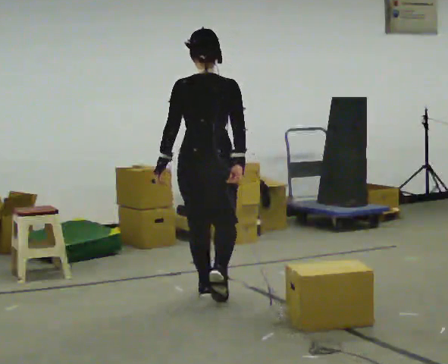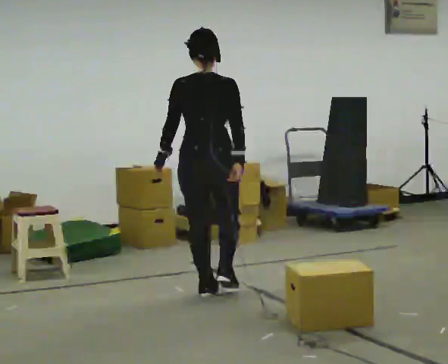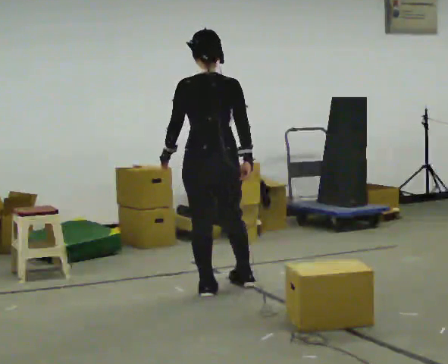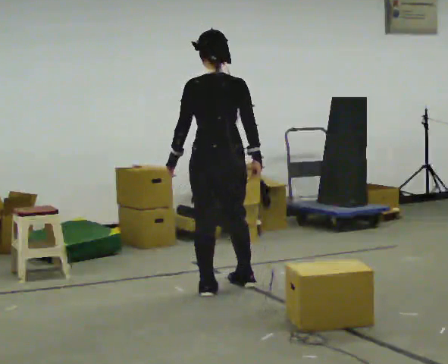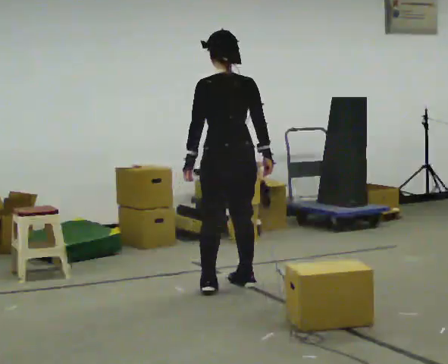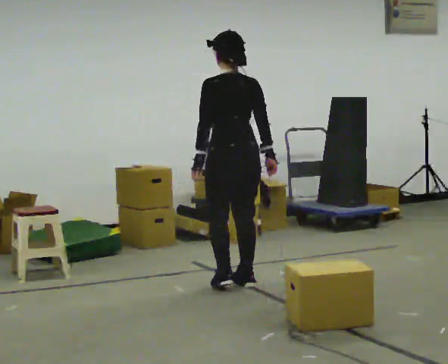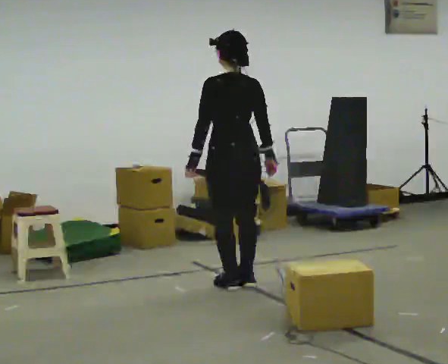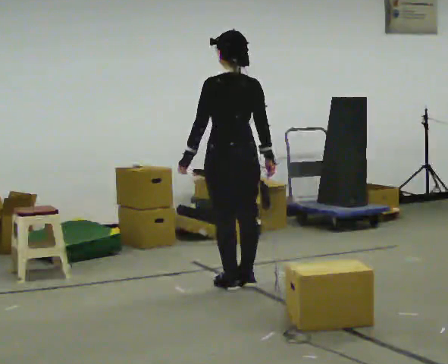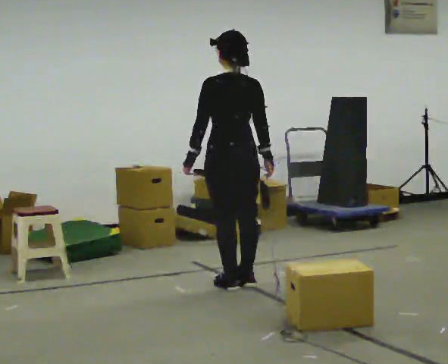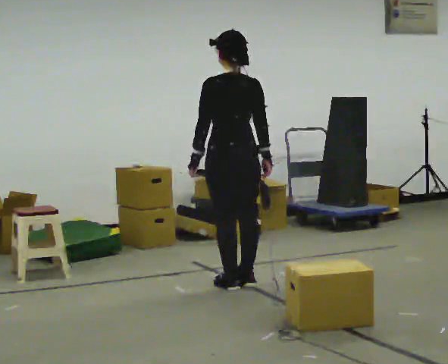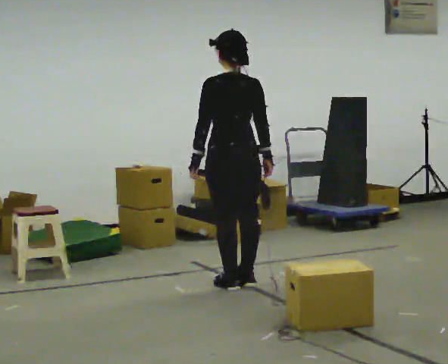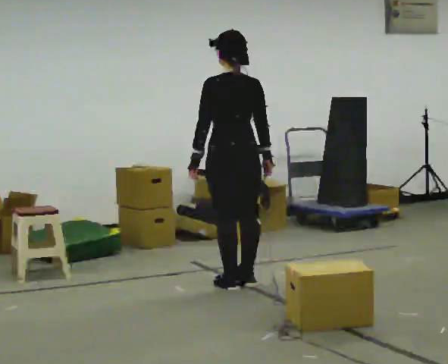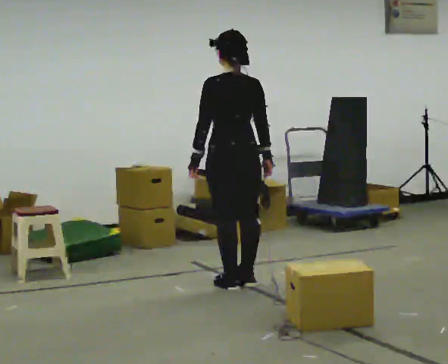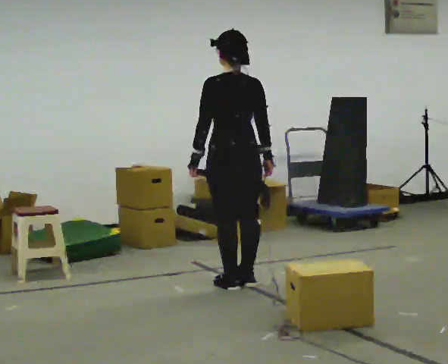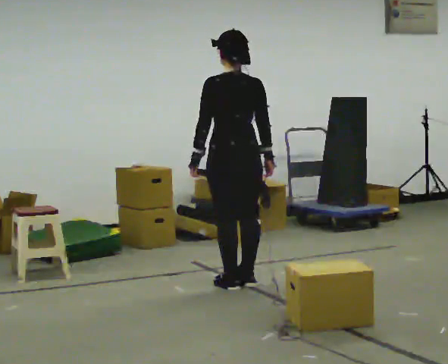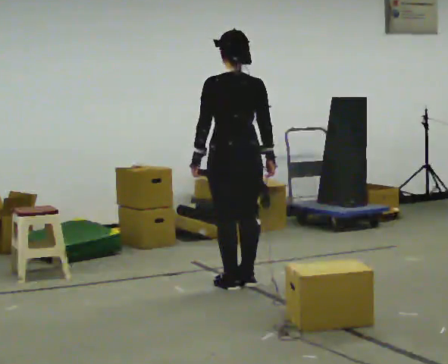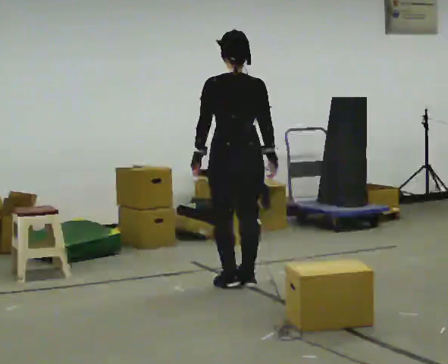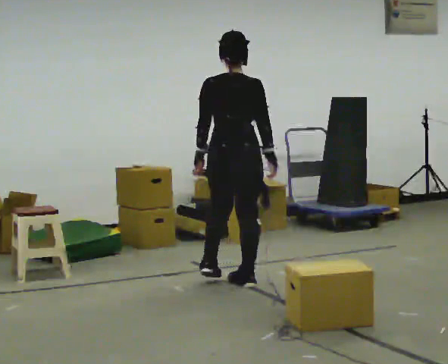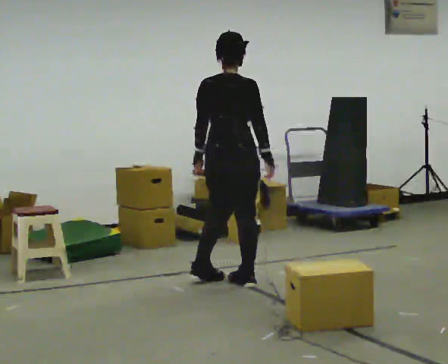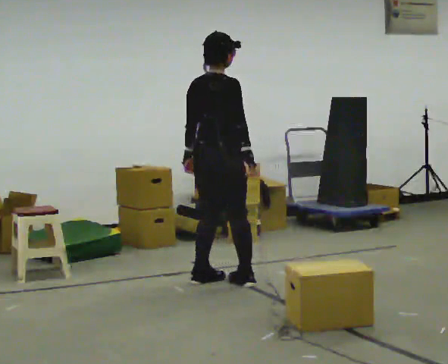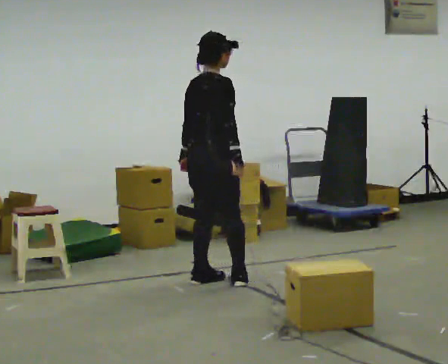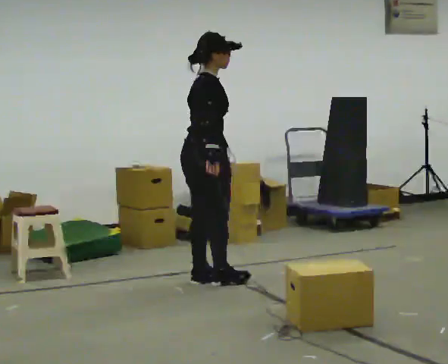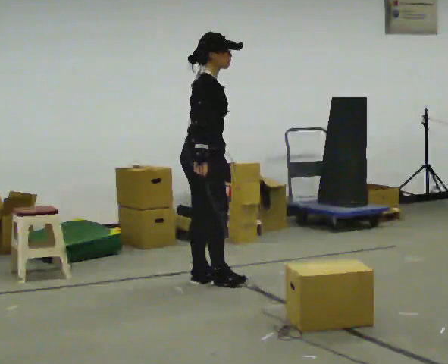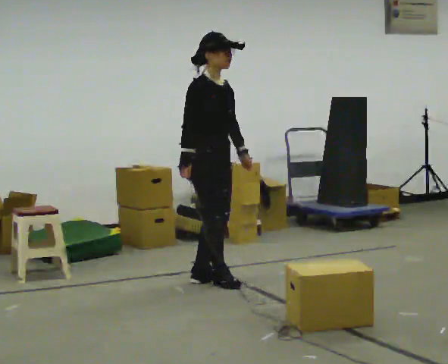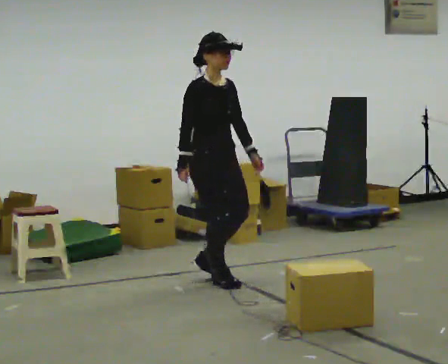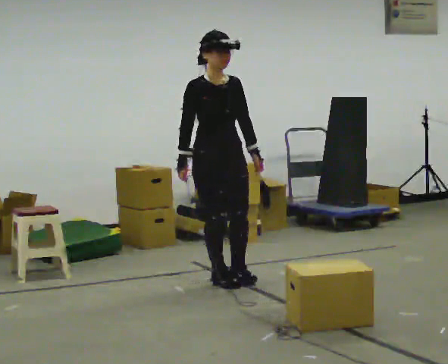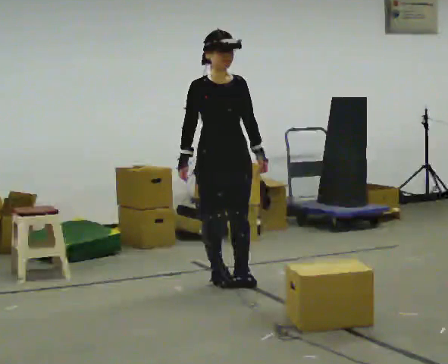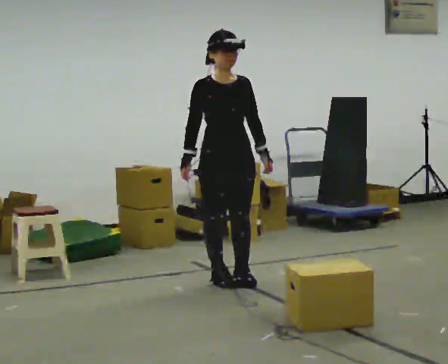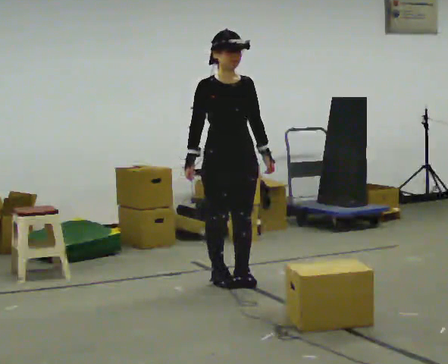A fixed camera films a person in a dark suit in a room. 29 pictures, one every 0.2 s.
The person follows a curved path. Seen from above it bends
counterclockwise.
0.0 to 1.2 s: The part of the body nearest the lens slides to the right as the person turns to their left by about 30 degrees. In the picture they go away from the camera, about 0.25 m in 2 steps, which for them is to their right and forward.
1.2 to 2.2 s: The person moves a little, or ends about where they began.
2.2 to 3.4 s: The person turns about 30 degrees to their right, clockwise seen from above, so the part of the body nearest the lens slides to the left.
3.4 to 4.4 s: The part of the body nearest the lens slides to the left as the person turns to their right by about 90 degrees. In the picture they go to the left, about 0.25 m in 2 steps. In the picture their right hand goes to the left.
4.4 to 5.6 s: The part of the body nearest the lens slides to the left as the person turns to their right by about 45 degrees. In the picture they go to the right, about 0.25 m in 1 step, which for them is to their left and forward.
The film runs forward here.
